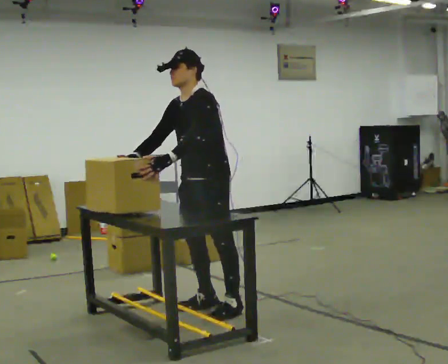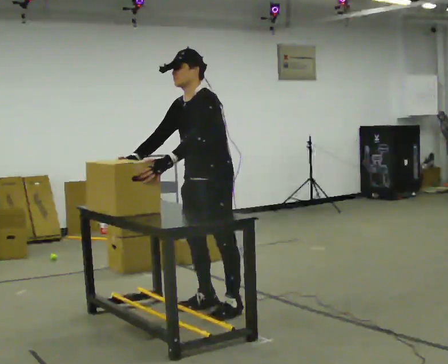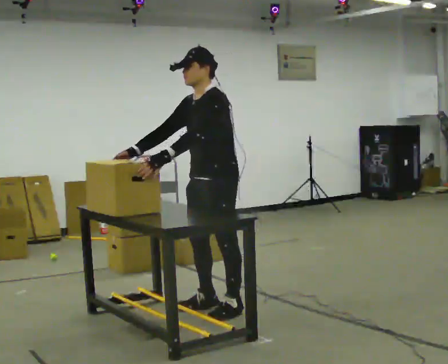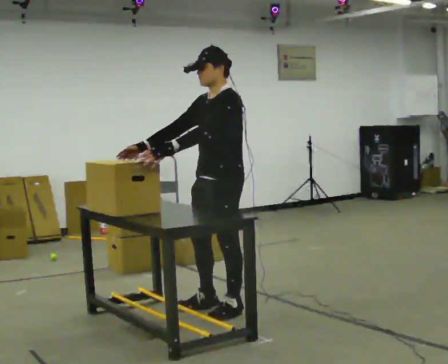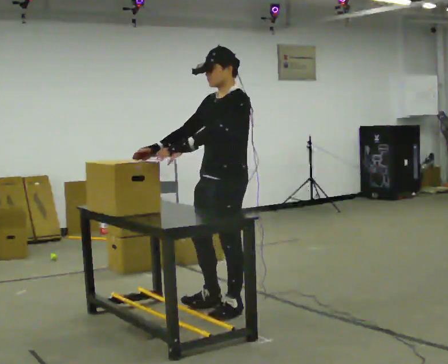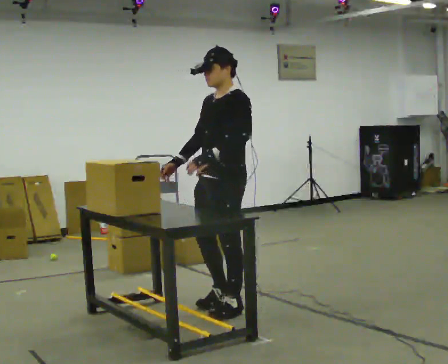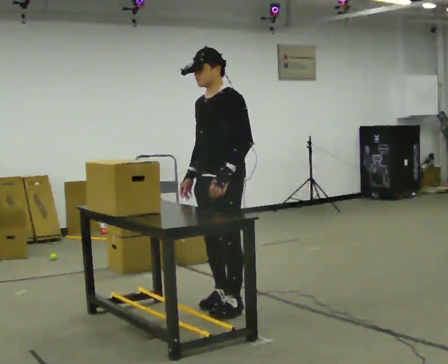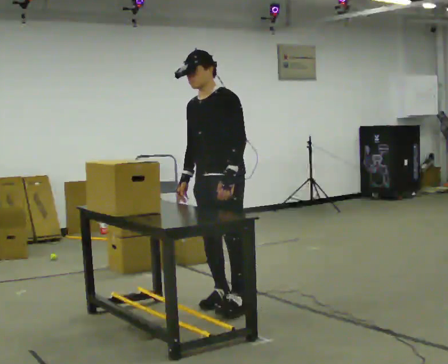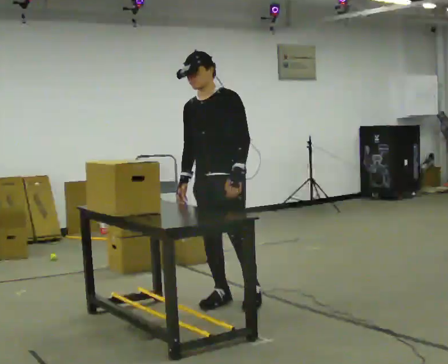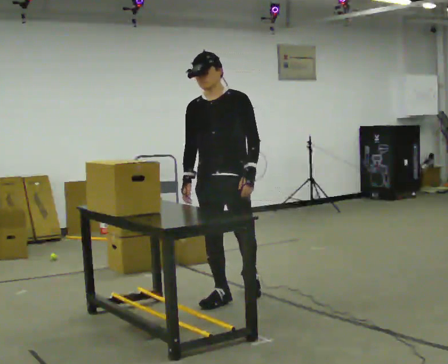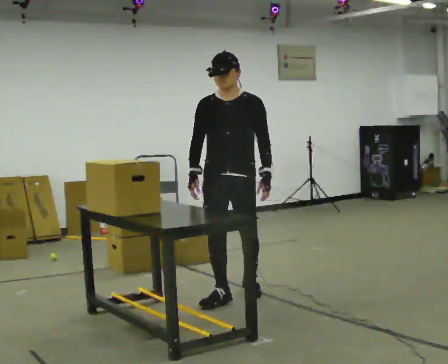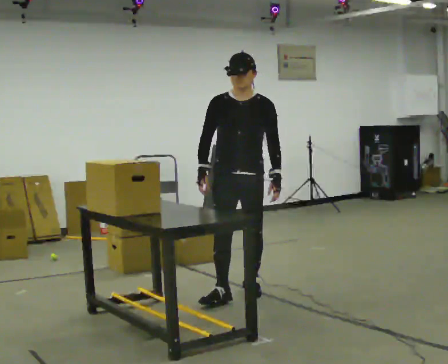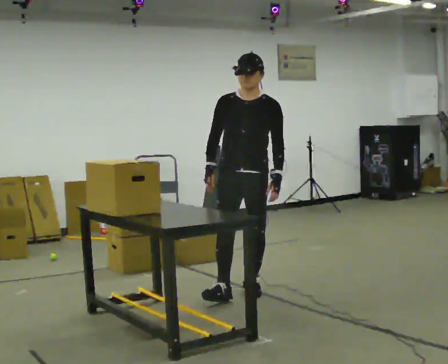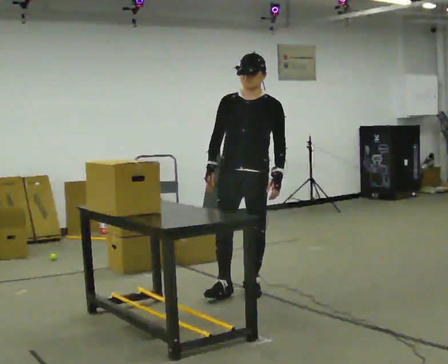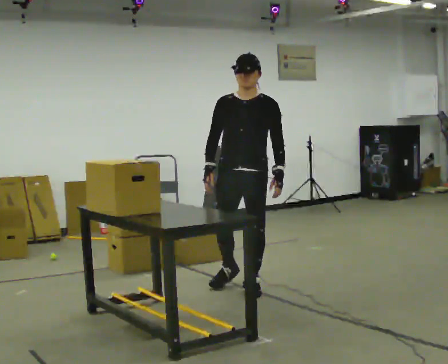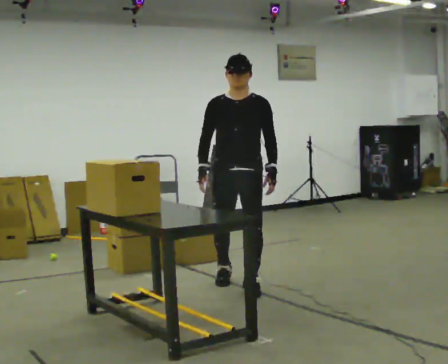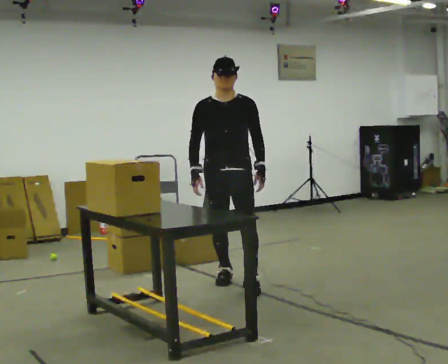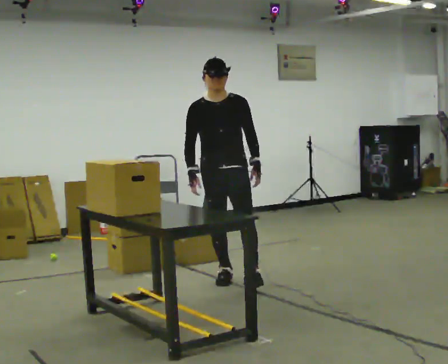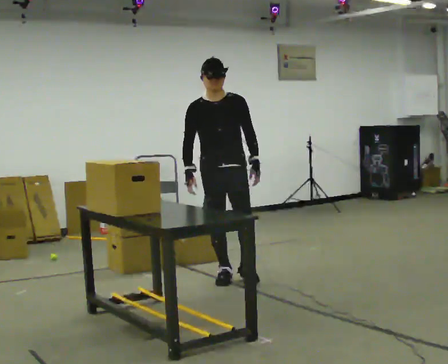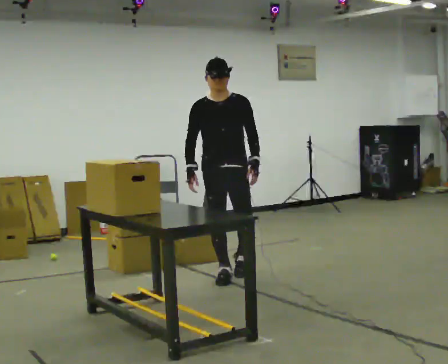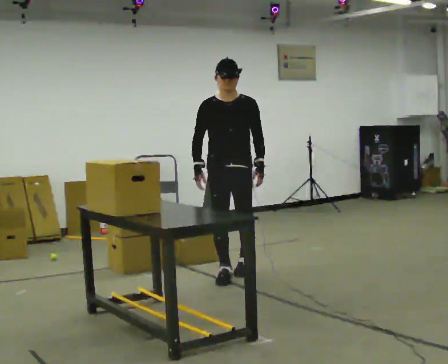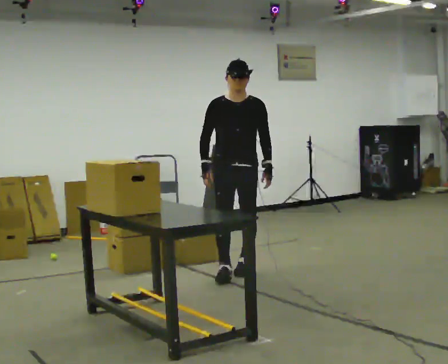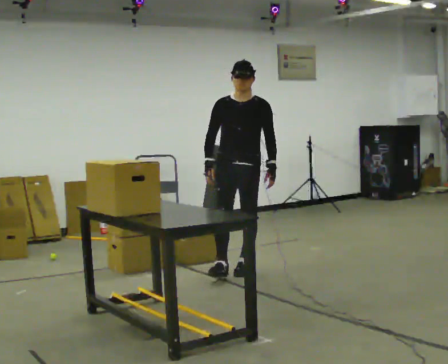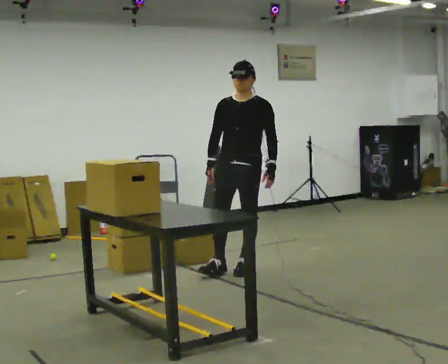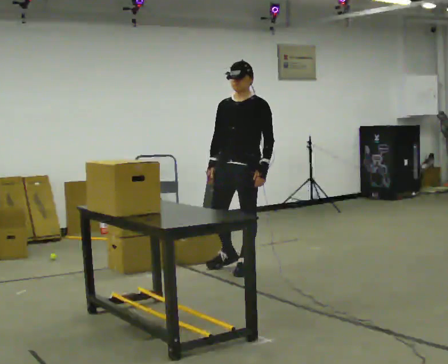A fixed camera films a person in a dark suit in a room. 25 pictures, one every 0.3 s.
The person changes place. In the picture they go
away from the camera.
0.0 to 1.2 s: In the picture the upper body tilts clockwise, shoulders to the right, as they lean back or straighten.
1.2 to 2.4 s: The part of the body nearest the lens slides to the right as the person turns to their left by about 30 degrees. In the picture they go away from the camera, about 0.25 m in 1 step, which for them is to their right. In the picture their left hand goes to the right, the arm swinging counterclockwise.
2.4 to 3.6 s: The person turns about 30 degrees to their left, counterclockwise seen from above, so the part of the body nearest the lens slides to the right. In the picture they go away from the camera, about 0.25 m, which for them is backward. In the picture the upper body tilts clockwise, shoulders to the right.
3.6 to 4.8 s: In the picture they go away from the camera, about 0.25 m in 1 step, which for them is backward and to their right.
4.8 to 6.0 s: In the picture they go away from the camera, about 0.25 m in 1 step, which for them is backward.
6.0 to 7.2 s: The person turns about 30 degrees to their right, clockwise seen from above, so the part of the body nearest the lens slides to the left. In the picture they go away from the camera, about 0.25 m in 1 step, which for them is backward.
The film runs backward here.
